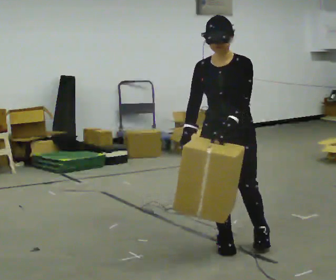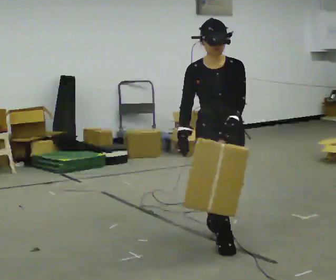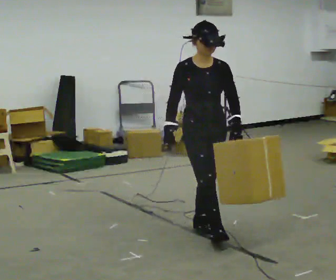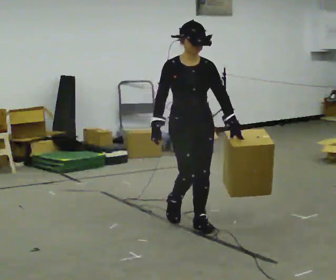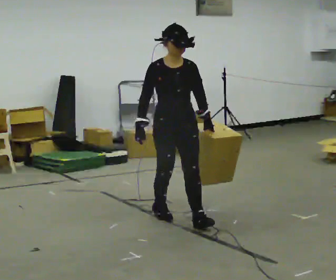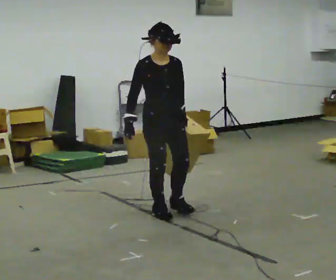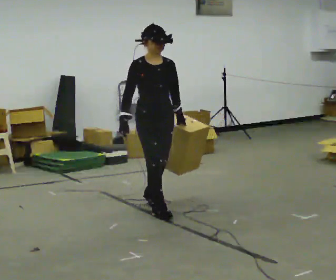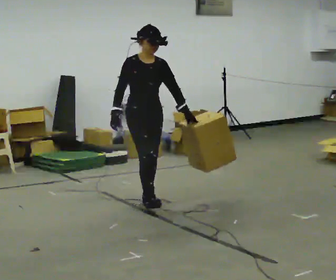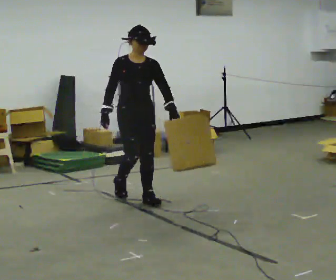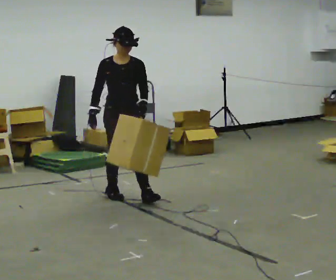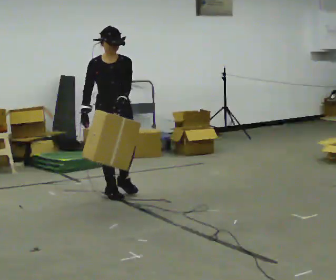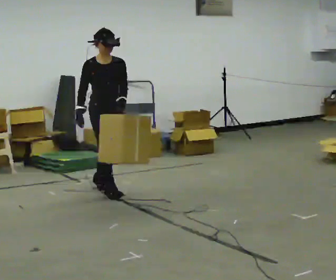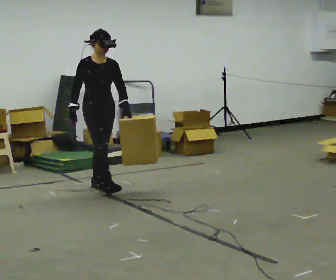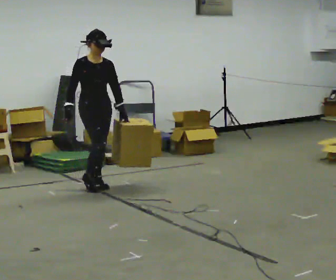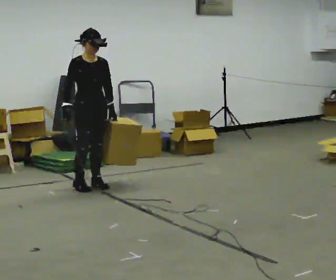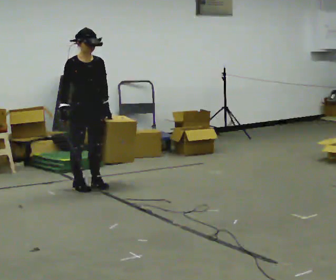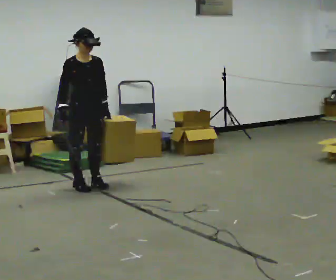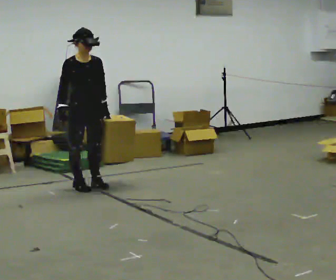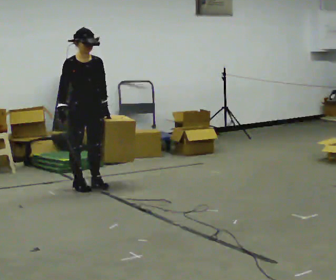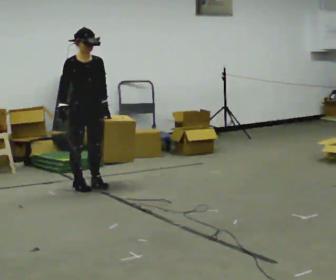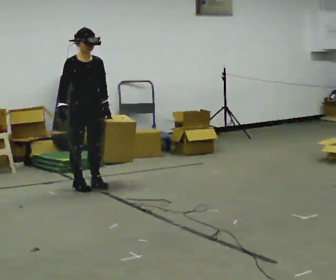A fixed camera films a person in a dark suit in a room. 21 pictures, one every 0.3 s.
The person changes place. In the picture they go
away from the camera.
0.0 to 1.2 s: Seen from above the body turns counterclockwise, about 30 degrees: to their left, with its near side sliding to the right. In the picture they go away from the camera and to the left, about 1 m in 1 step, which for them is backward.
1.2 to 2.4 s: In the picture they go away from the camera and to the left, about 0.5 m in 2 steps, which for them is backward.
2.4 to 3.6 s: In the picture they go away from the camera and to the left, about 0.5 m in 2 steps, which for them is backward.
3.6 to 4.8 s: The person moves a little, or ends about where they began.
4.8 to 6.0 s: The person keeps their place and pose.
The film runs backward here.
